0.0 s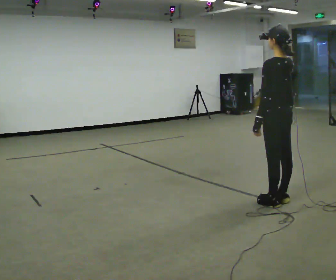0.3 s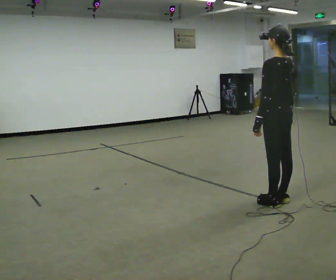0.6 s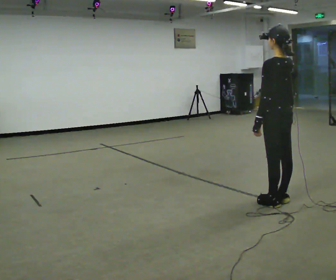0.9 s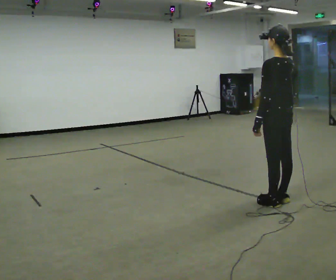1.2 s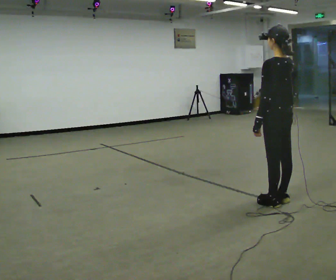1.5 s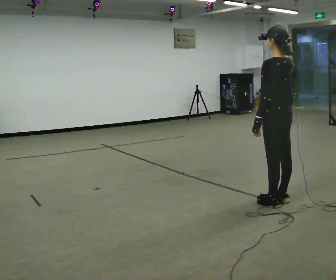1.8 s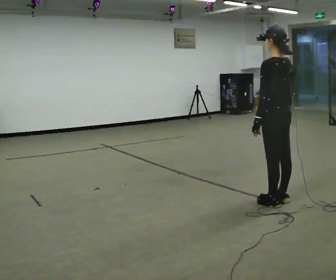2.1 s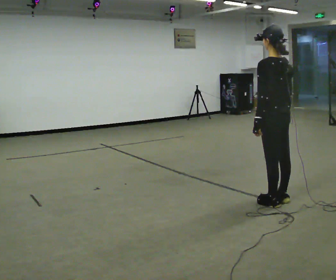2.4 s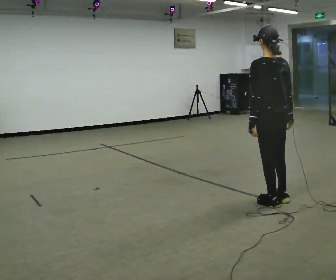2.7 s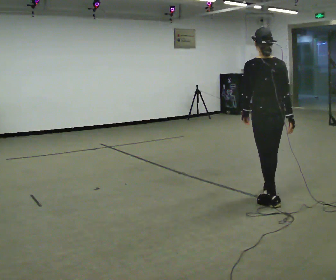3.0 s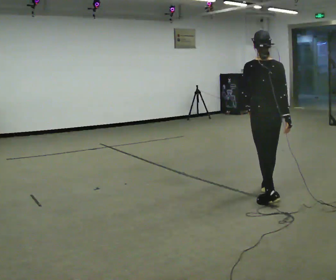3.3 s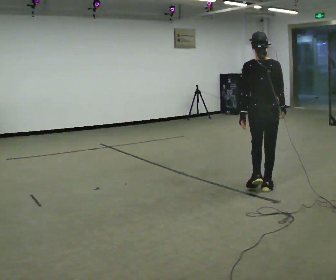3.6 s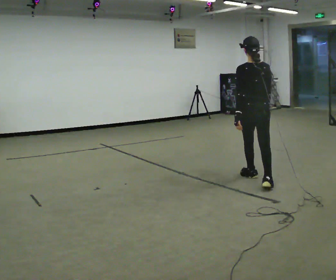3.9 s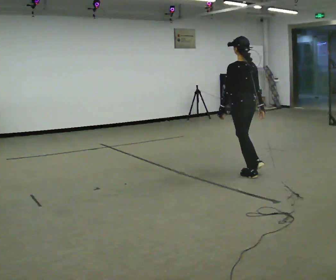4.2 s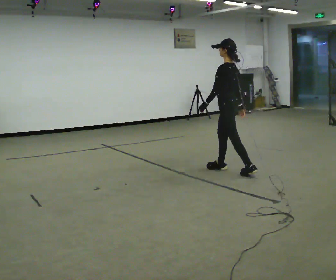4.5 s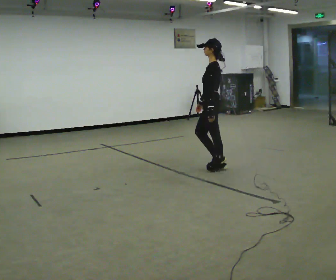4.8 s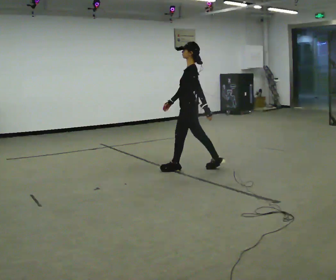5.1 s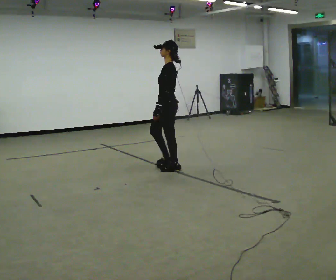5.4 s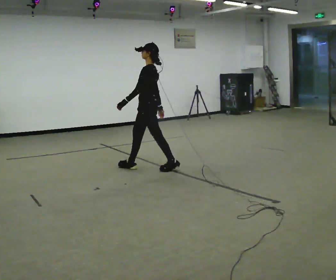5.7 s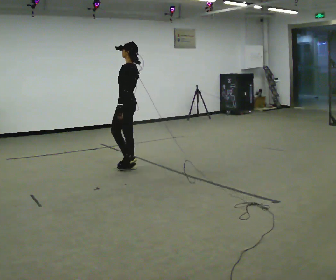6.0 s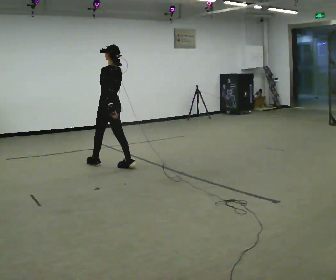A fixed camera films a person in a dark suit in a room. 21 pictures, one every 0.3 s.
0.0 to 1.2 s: The person keeps their place and pose.
1.2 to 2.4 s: The person moves a little, or ends about where they began.
2.4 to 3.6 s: In the picture they go away from the camera, about 0.5 m in 2 steps, which for them is forward.
3.6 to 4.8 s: The person turns about 75 degrees to their left, counterclockwise seen from above, so the part of the body nearest the lens slides to the right. In the picture they go to the left and away from the camera, about 1 m in 2 steps.
4.8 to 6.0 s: The part of the body nearest the lens slides to the left as the person turns to their right by about 30 degrees. In the picture they go to the left, about 1 m in 2 steps, which for them is forward.
The film runs forward here.
